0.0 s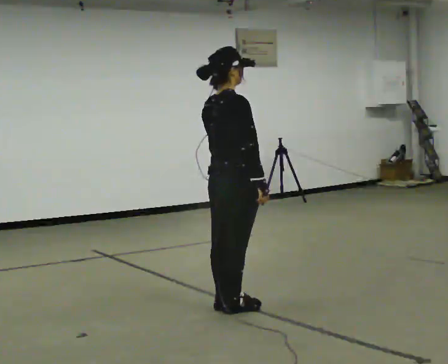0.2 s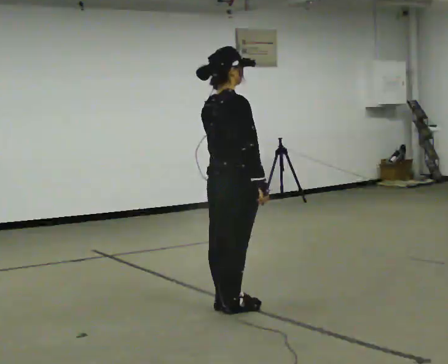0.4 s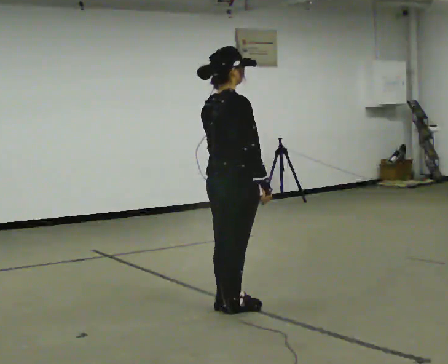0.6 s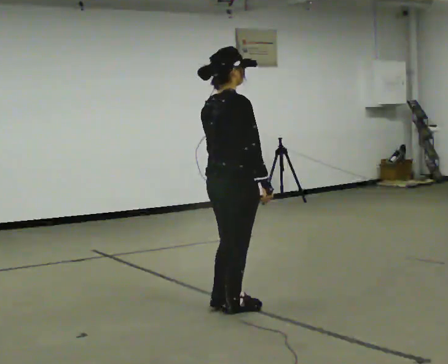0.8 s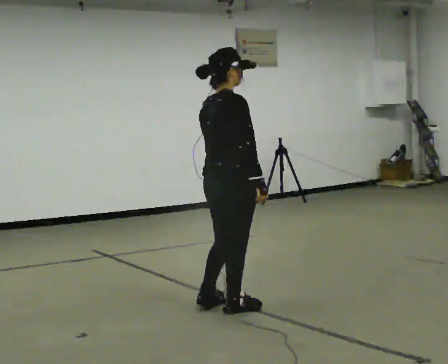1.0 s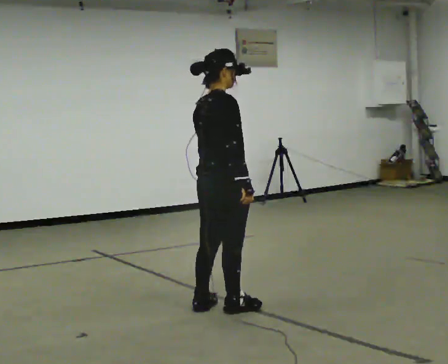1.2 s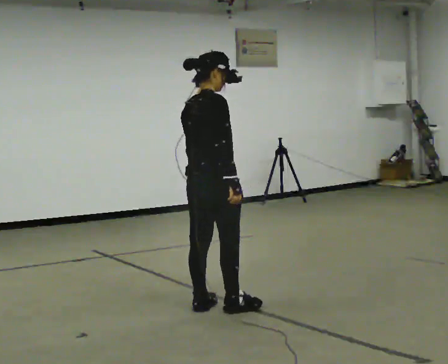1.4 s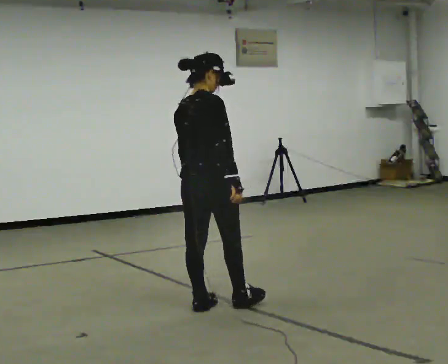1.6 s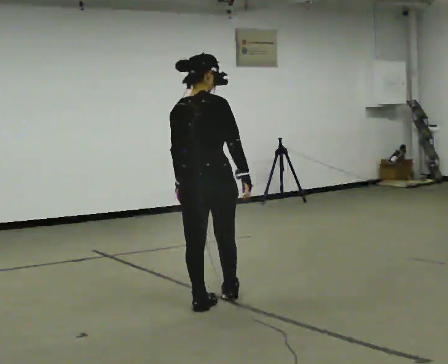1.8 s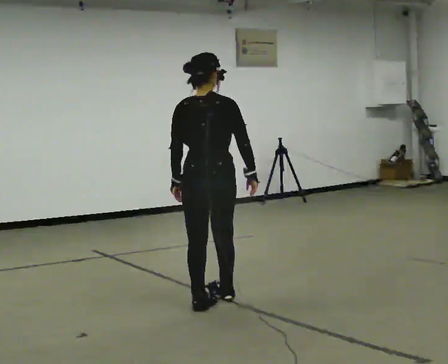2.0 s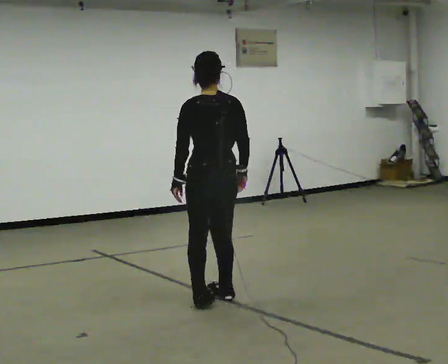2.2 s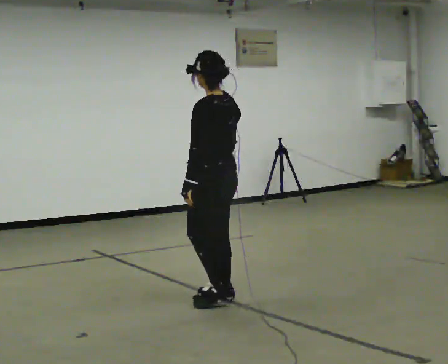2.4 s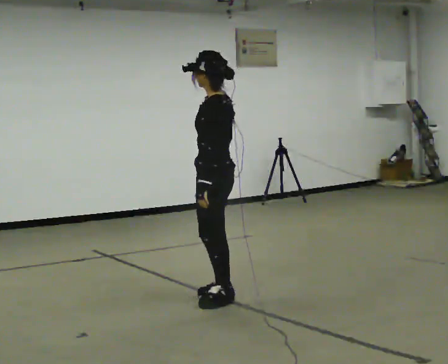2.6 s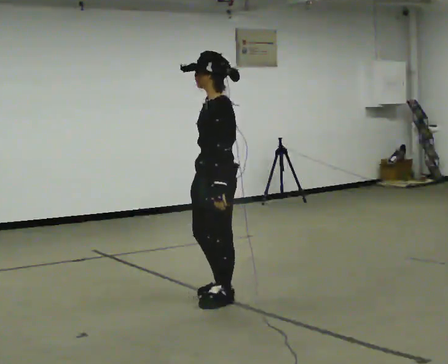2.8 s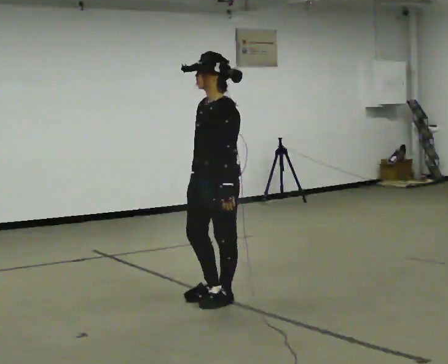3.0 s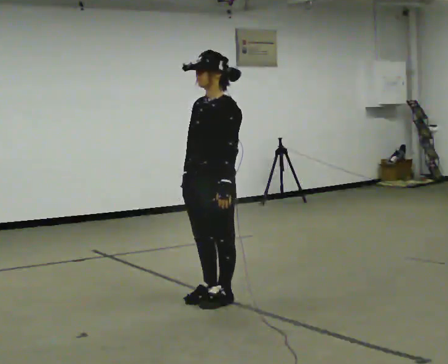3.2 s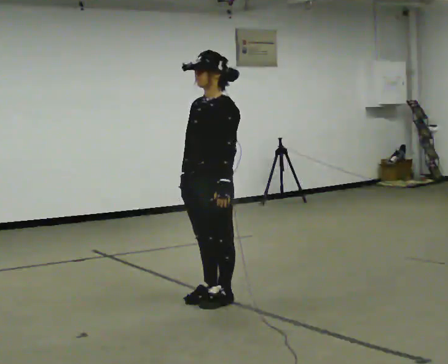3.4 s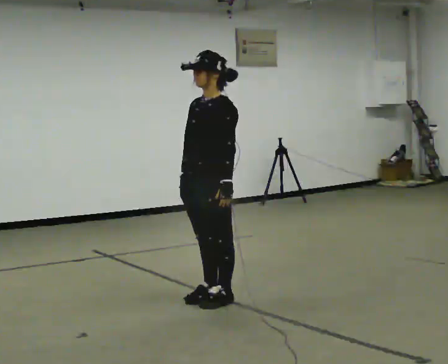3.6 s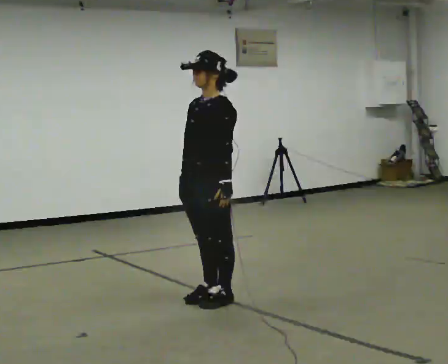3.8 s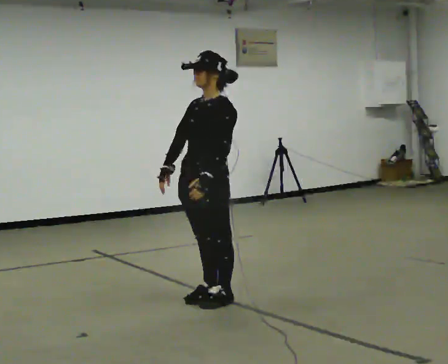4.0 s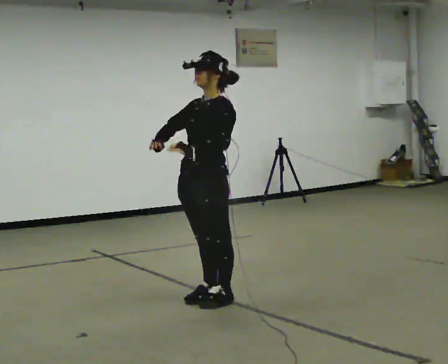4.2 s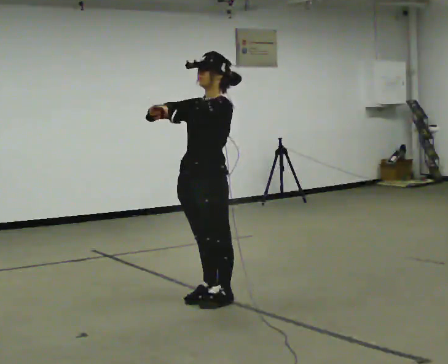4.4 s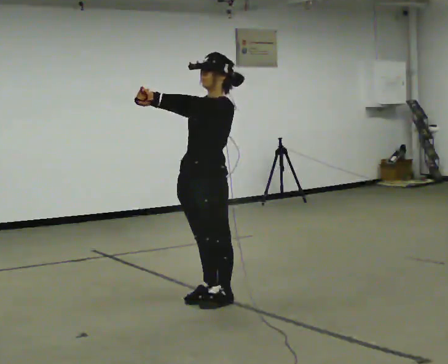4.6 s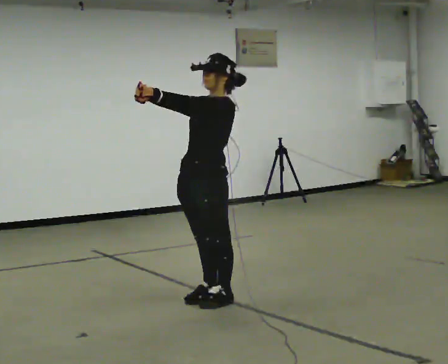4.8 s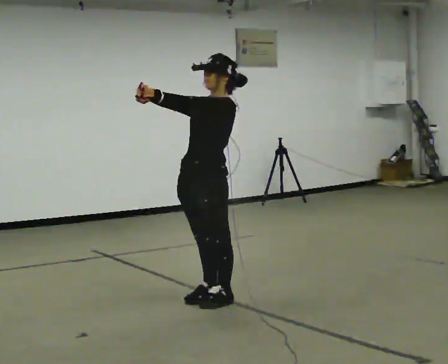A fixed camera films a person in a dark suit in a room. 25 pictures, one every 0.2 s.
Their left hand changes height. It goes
upward.
Their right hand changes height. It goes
upward.
0.0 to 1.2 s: The person moves a little, or ends about where they began.
1.2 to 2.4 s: The person turns about 135 degrees to their left, counterclockwise seen from above, so the part of the body nearest the lens slides to the right. In the picture they go away from the camera, about 0.25 m in 2 steps.
2.4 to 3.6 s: The person turns about 45 degrees to their left, counterclockwise seen from above, so the part of the body nearest the lens slides to the right.
3.6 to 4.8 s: In the picture their left hand goes upward and to the left.
The film runs backward here.
